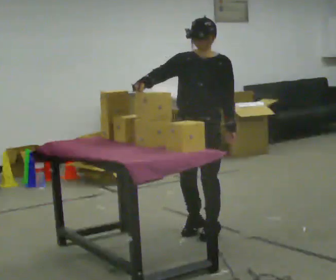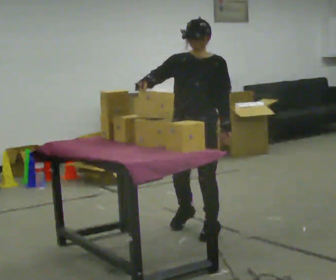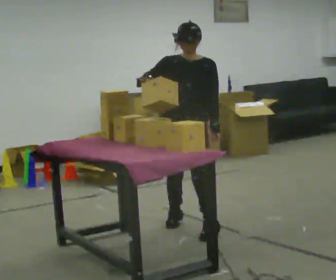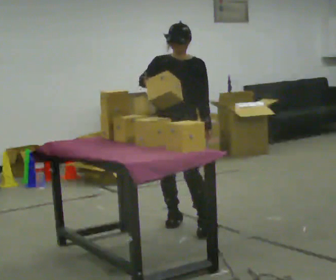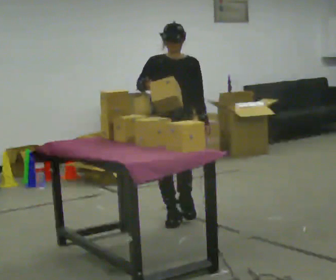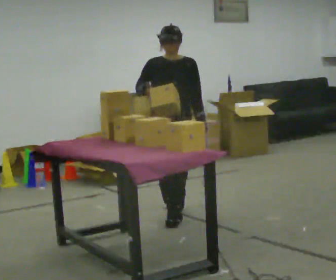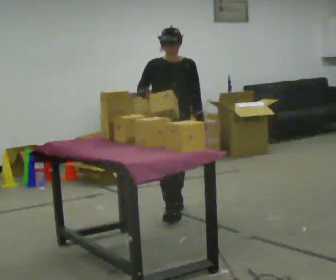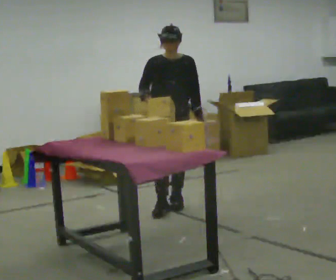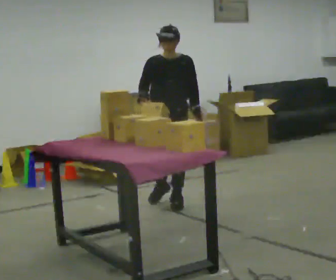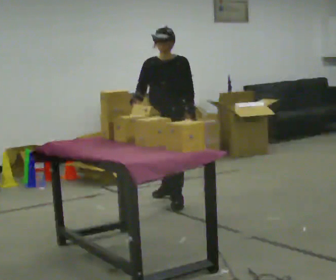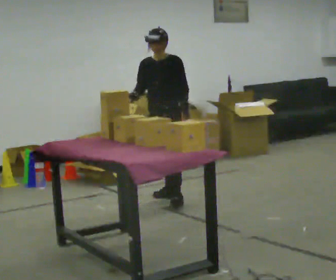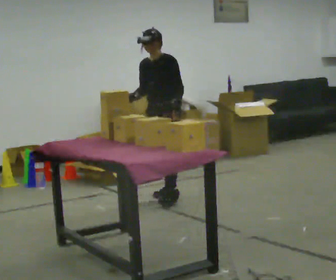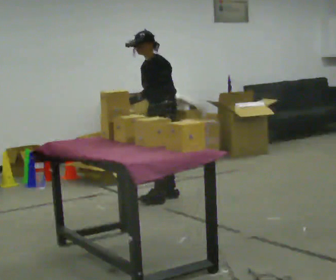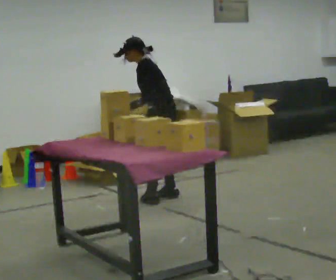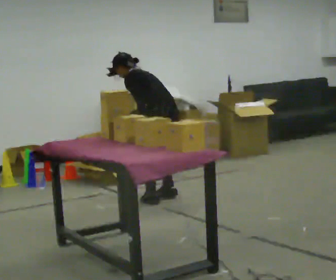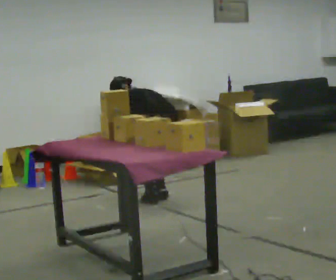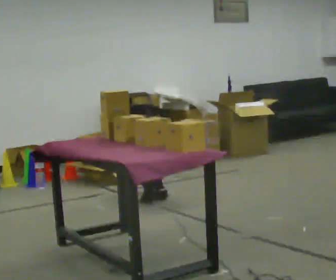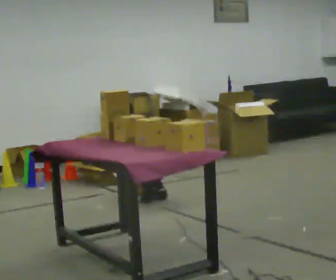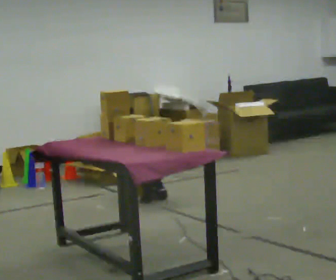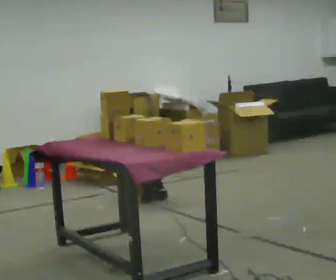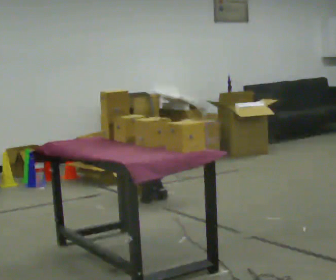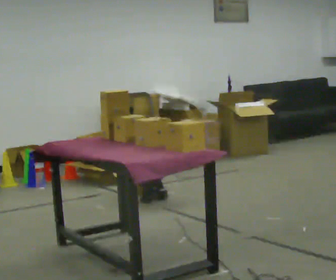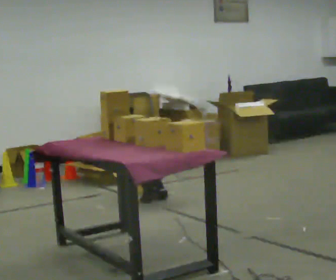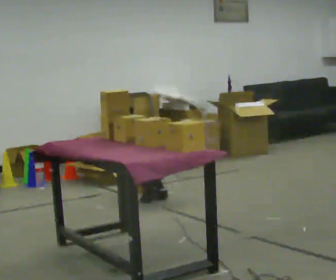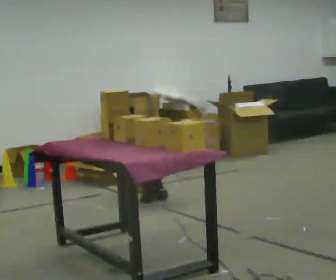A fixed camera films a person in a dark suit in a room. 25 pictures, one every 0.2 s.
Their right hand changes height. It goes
downward.
The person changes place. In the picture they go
away from the camera.
0.0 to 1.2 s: In the picture they go away from the camera, about 0.75 m in 1 step, which for them is backward and to their right.
1.2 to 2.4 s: The person turns about 75 degrees to their right, clockwise seen from above, so the part of the body nearest the lens slides to the left. In the picture they go away from the camera, about 0.5 m in 2 steps. In the picture the upper body tilts counterclockwise, shoulders to the left.
2.4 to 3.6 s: The part of the body nearest the lens slides to the left as the person turns to their right by about 75 degrees. The upper body goes downward. The upper body tips away from the camera, its near side rolling upward, as they bend forward. In the picture their right hand goes downward.
3.6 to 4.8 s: The person moves a little, or ends about where they began.
The film runs backward here.
